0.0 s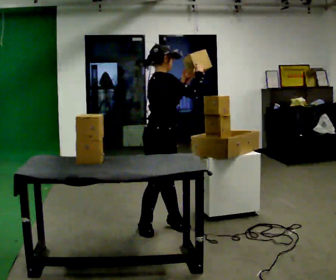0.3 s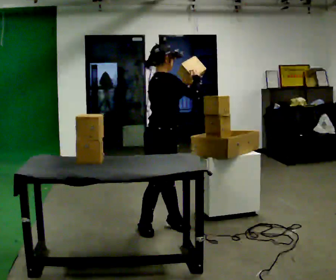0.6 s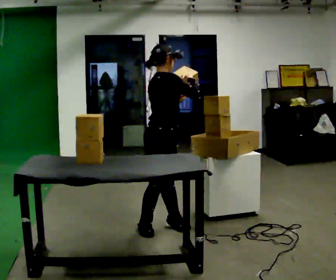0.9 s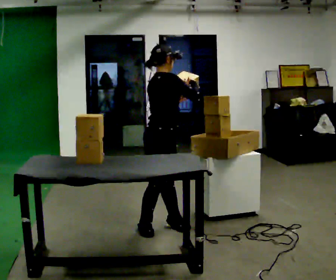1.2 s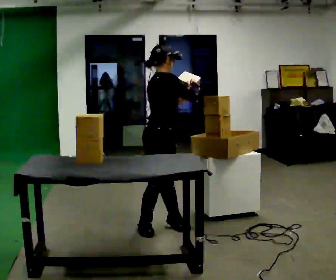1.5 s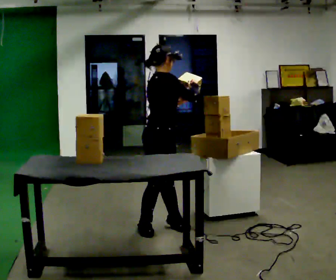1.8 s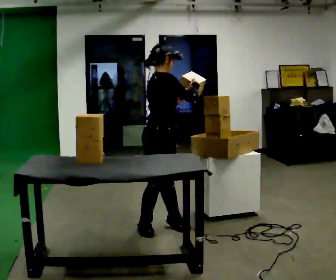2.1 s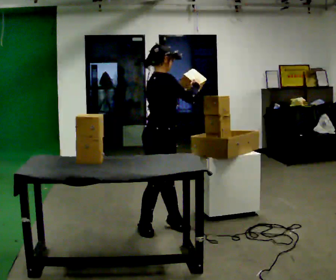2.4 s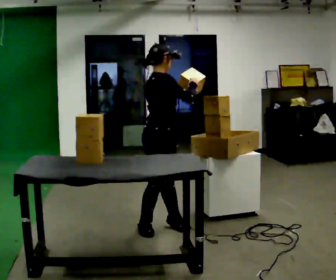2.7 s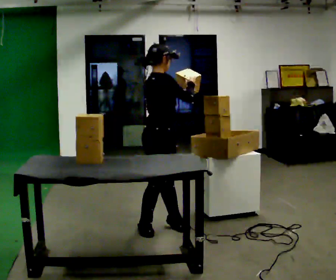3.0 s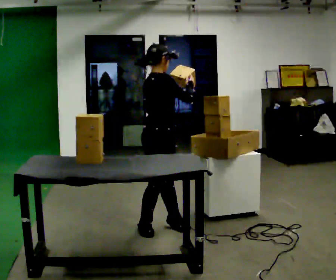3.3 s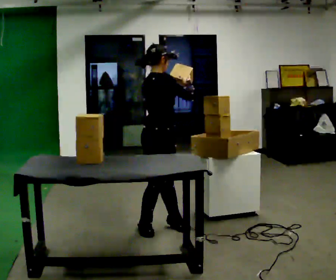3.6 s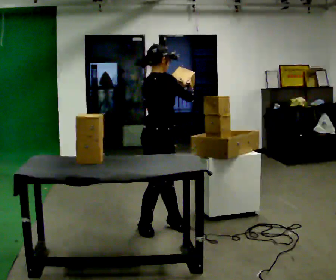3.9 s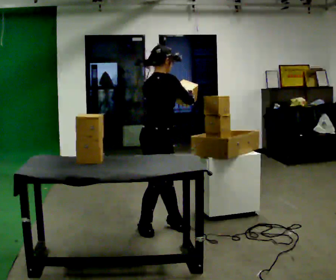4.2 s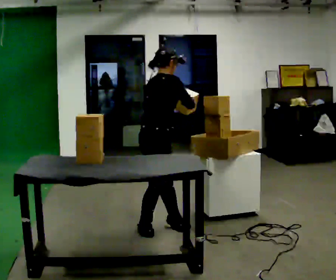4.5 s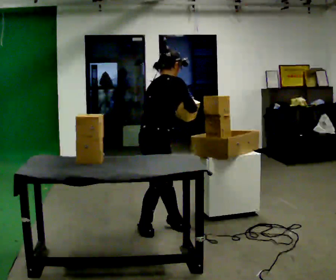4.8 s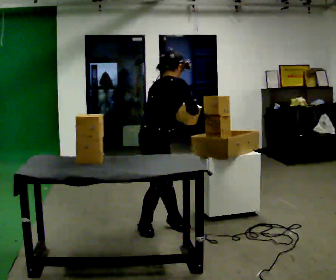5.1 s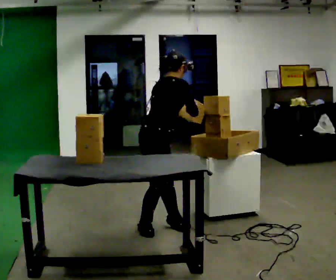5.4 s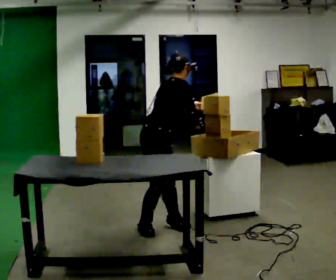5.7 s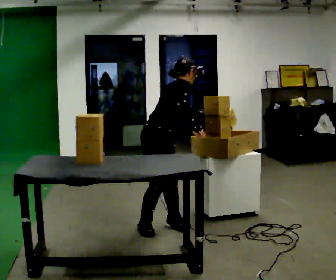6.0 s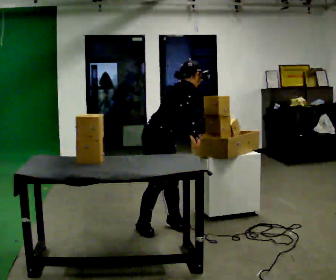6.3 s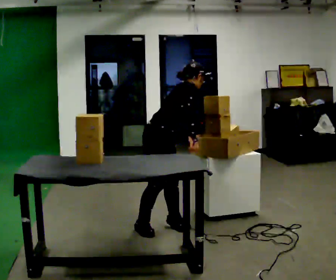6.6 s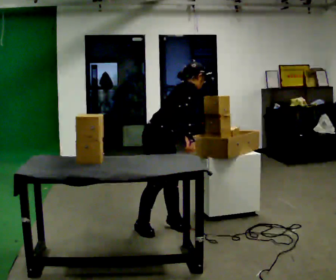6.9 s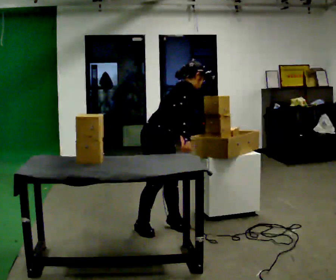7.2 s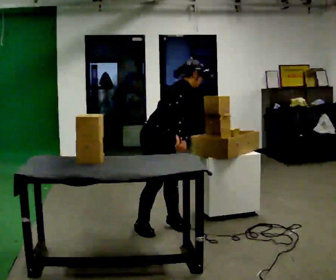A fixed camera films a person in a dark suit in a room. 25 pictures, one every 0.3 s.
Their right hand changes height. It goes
downward.
0.0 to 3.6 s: The person moves a little, or ends about where they began.
3.6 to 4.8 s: In the picture the upper body tilts clockwise, shoulders to the right, as they bend forward.
4.8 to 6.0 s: In the picture the upper body tilts clockwise, shoulders to the right, as they bend forward.
6.0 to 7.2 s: The person moves a little, or ends about where they began.
The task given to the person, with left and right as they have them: Move objects one at a time from the waist-height shelf on your left to the one on your right. Repeat at your own pace until the operator says stop. Keep both feet on the marked spots for the whole take. If you have to step, stop and tell the operator.
The film runs forward here.
